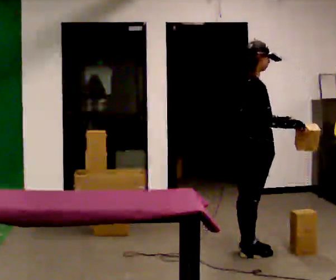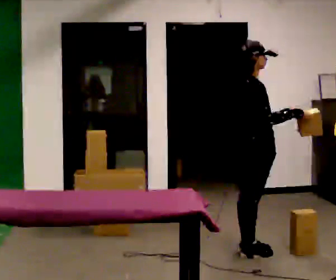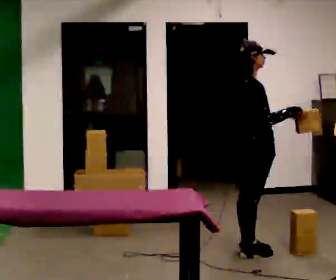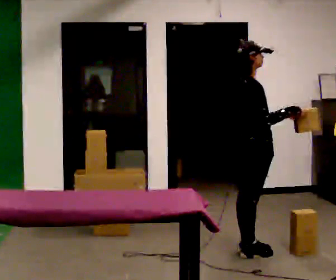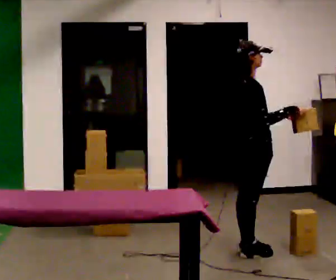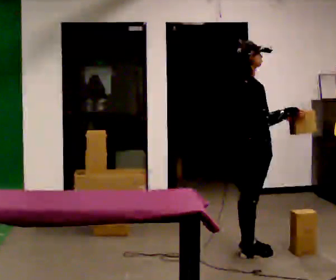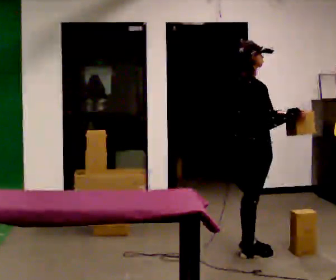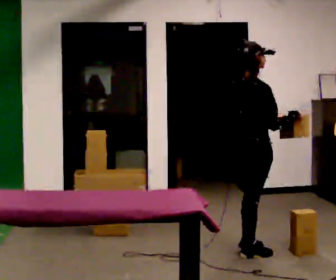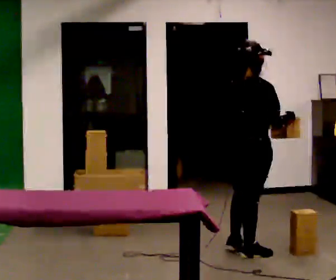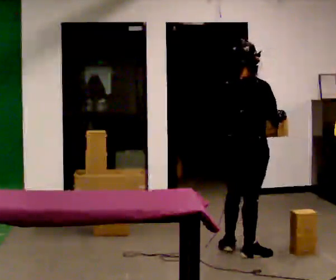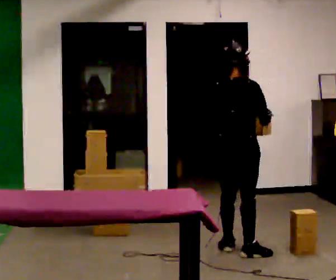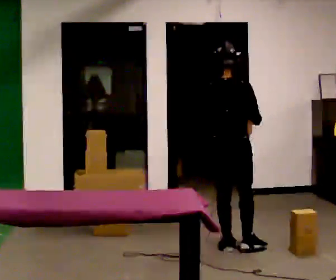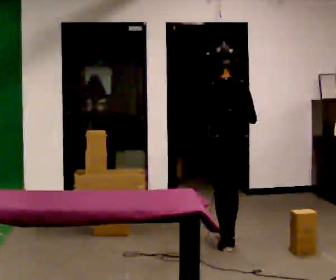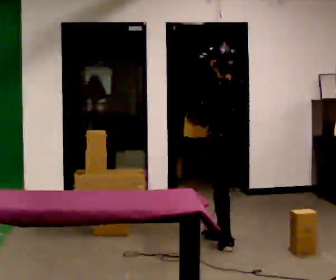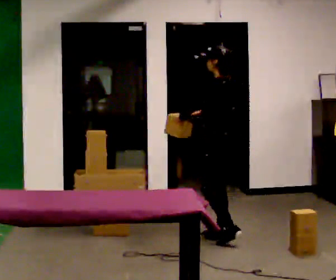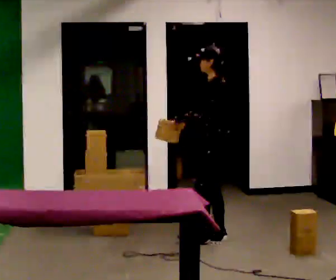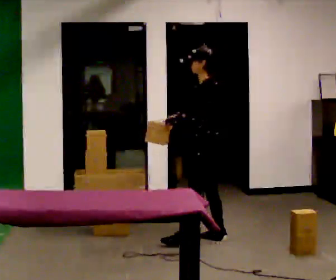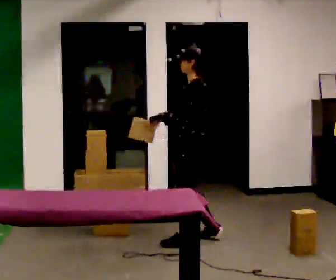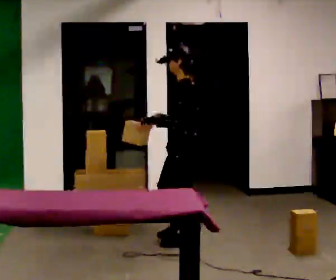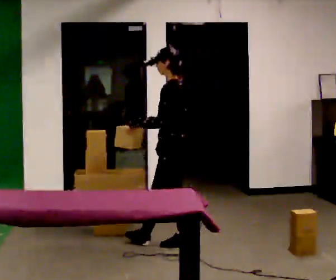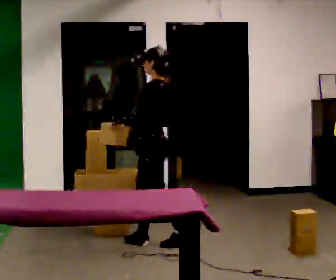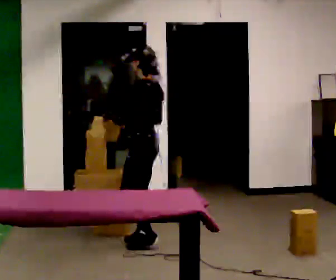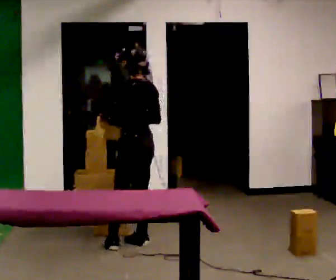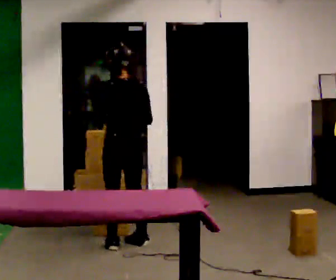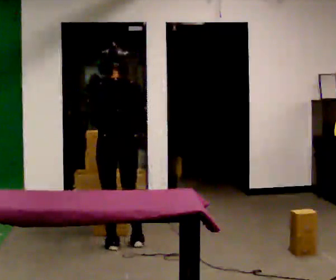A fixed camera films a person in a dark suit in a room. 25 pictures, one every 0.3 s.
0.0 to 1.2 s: The person moves a little, or ends about where they began.
1.2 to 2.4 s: The person turns about 45 degrees to their left, counterclockwise seen from above, so the part of the body nearest the lens slides to the right.
2.4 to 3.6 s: The person turns about 60 degrees to their left, counterclockwise seen from above, so the part of the body nearest the lens slides to the right. In the picture they go away from the camera and to the left, about 0.25 m, which for them is to their left and forward.
3.6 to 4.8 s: The part of the body nearest the lens slides to the right as the person turns to their left by about 75 degrees. In the picture they go to the left and away from the camera, about 0.25 m in 2 steps.
4.8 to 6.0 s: In the picture they go to the left and toward the camera, about 0.5 m in 1 step, which for them is forward.
6.0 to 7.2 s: The person turns about 75 degrees to their right, clockwise seen from above, so the part of the body nearest the lens slides to the left. In the picture they go to the left and toward the camera, about 0.25 m in 1 step.
The film runs forward here.
